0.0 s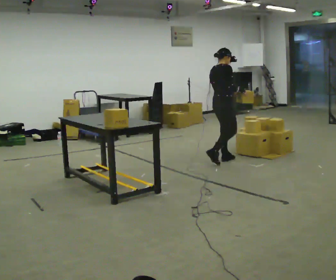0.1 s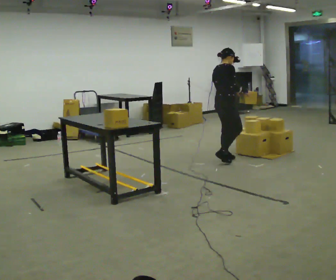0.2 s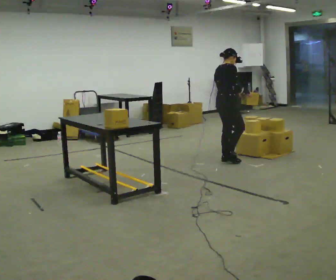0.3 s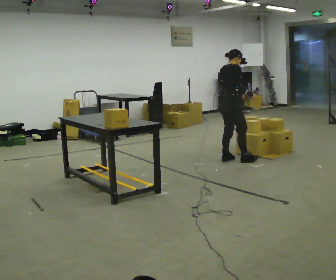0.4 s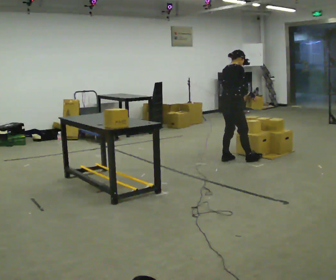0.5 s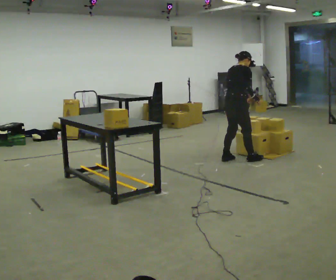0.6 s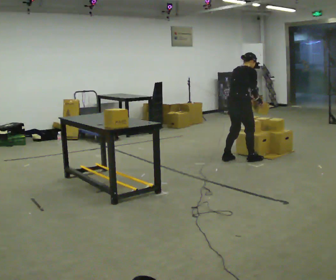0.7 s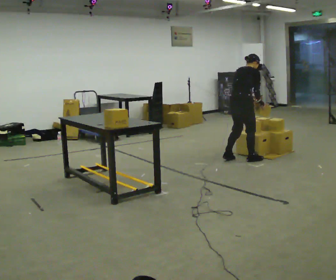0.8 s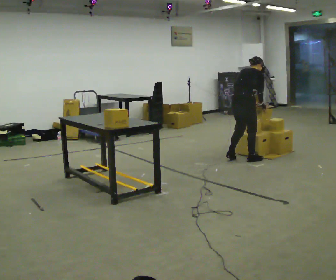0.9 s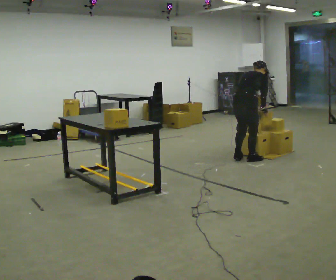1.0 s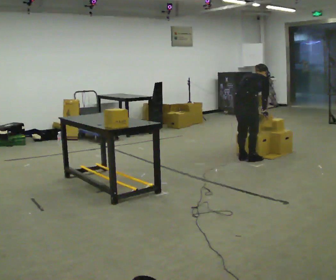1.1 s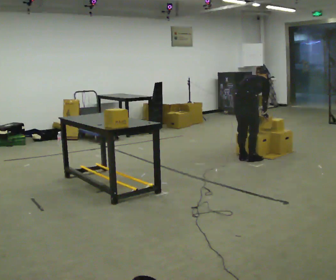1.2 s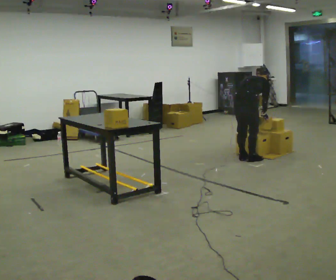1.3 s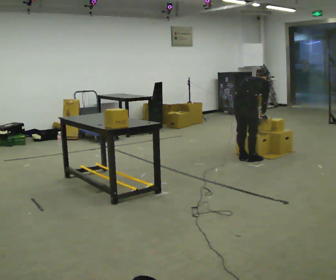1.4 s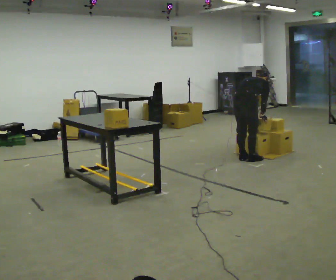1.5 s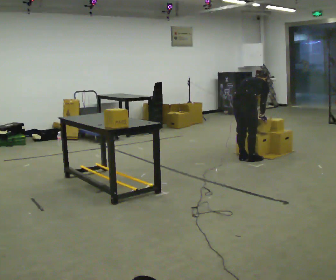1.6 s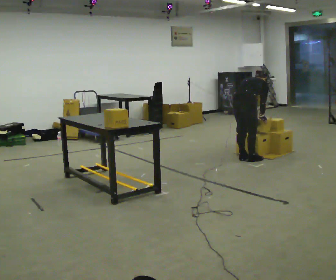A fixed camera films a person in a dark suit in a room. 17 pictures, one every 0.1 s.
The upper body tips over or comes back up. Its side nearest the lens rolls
upward.
0.0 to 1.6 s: In the picture they go to the right, about 0.25 m in 2 steps, which for them is to their right and forward. The shoulders move downward. The upper body tips away from the camera, its near side rolling upward, as they bend forward. In the picture their right hand goes downward.
The film runs forward here.
